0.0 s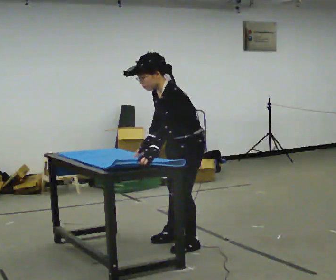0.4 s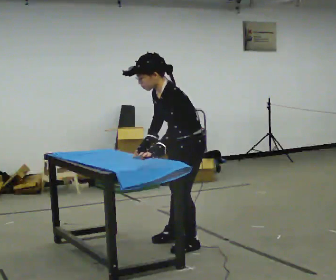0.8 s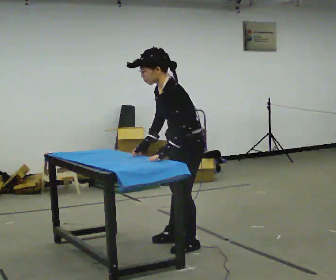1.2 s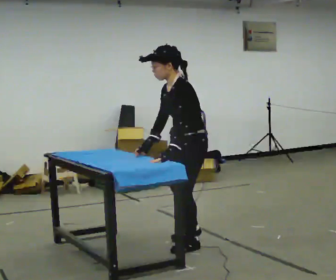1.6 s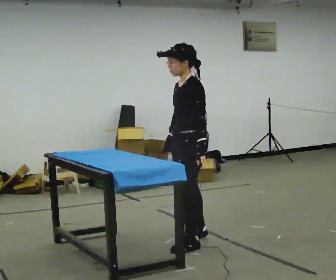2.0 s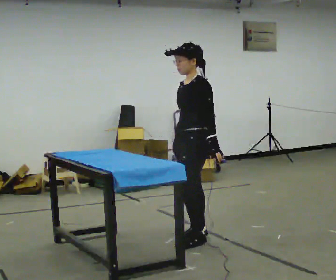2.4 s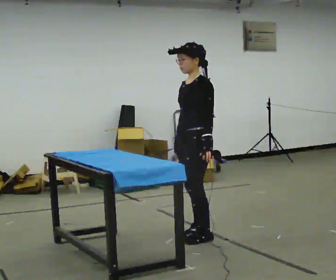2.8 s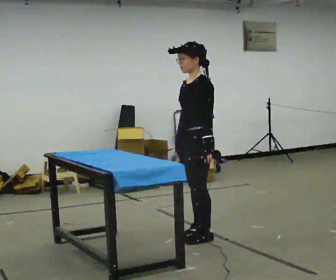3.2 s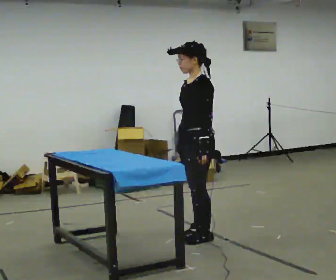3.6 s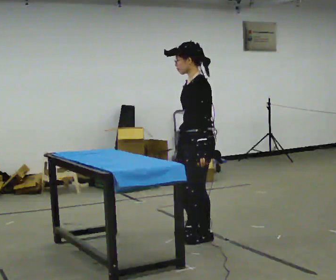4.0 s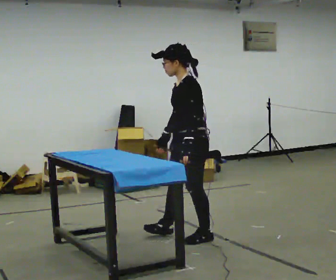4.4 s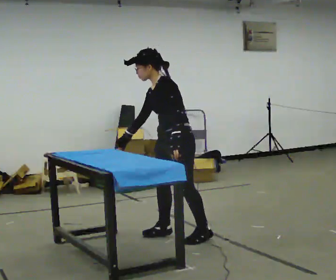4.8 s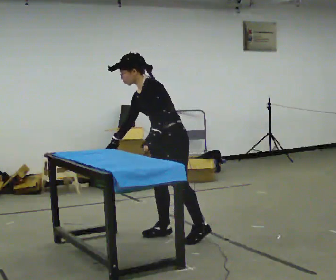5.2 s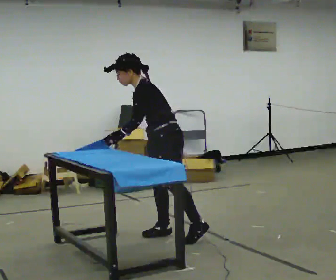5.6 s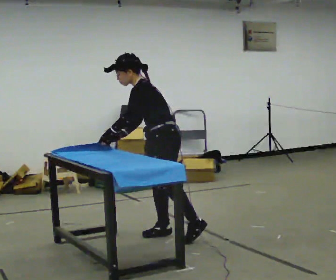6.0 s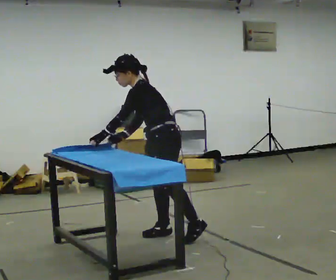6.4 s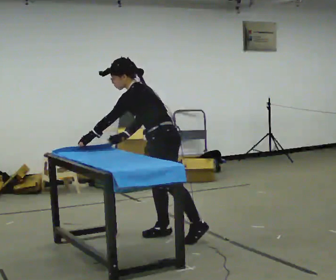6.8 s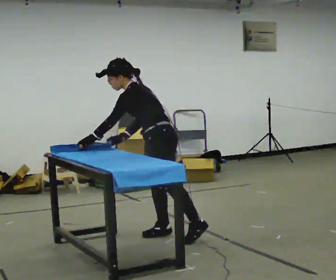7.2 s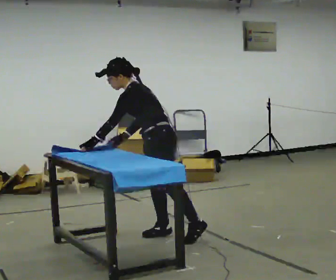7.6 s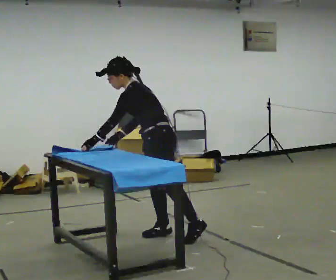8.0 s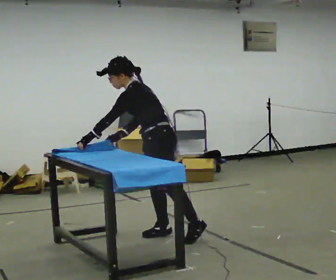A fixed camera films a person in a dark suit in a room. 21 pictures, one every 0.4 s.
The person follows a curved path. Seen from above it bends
counterclockwise.
0.0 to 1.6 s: In the picture they go away from the camera, about 0.25 m, which for them is to their right. The upper body tips away from the camera, its near side rolling upward, as they lean back or straighten. In the picture their left hand goes to the right.
1.6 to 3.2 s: The person moves a little, or ends about where they began.
3.2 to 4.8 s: In the picture they go to the left, about 0.25 m in 1 step, which for them is forward and to their right. In the picture the upper body tilts counterclockwise, shoulders to the left, as they bend forward. In the picture their right hand goes to the left.
4.8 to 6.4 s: The part of the body nearest the lens slides to the left as the person turns to their right by about 30 degrees. In the picture their left hand goes to the left, the arm swinging clockwise.
6.4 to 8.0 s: The person moves a little, or ends about where they began.
The film runs forward here.
